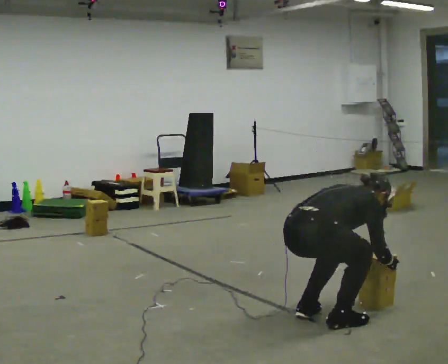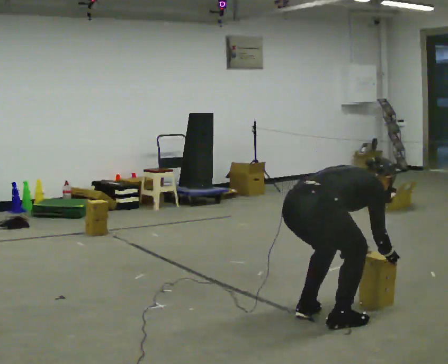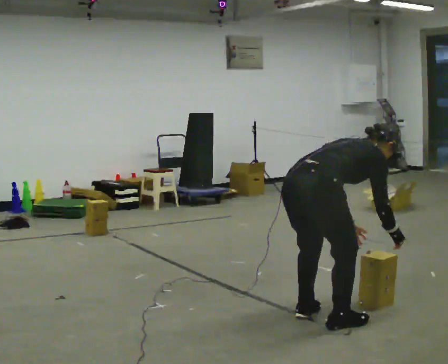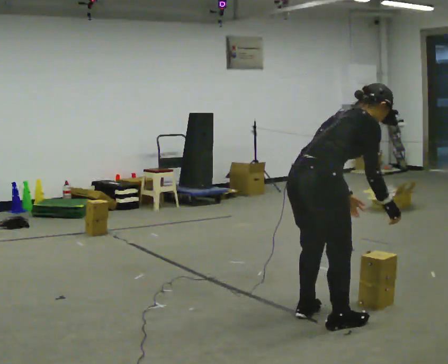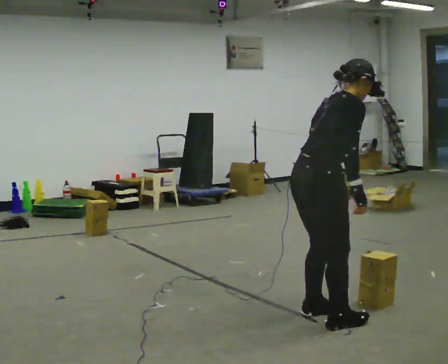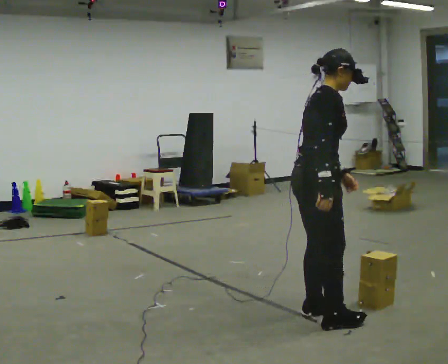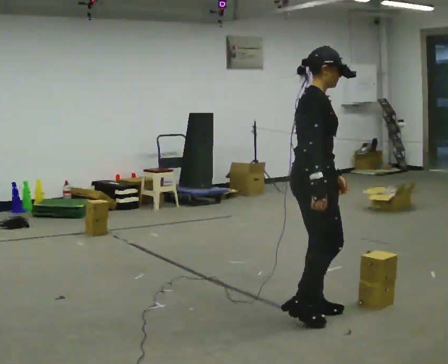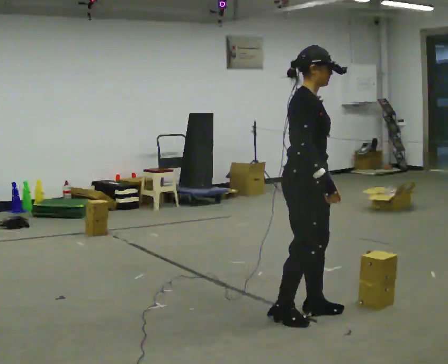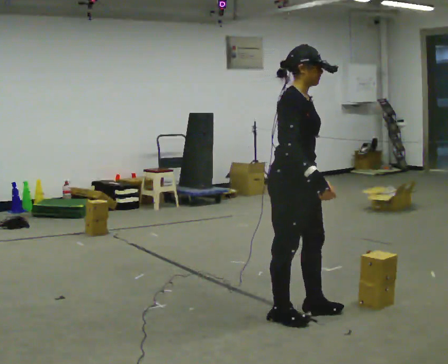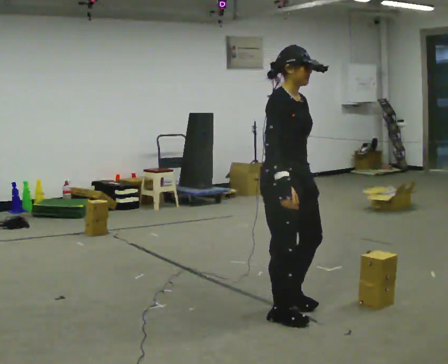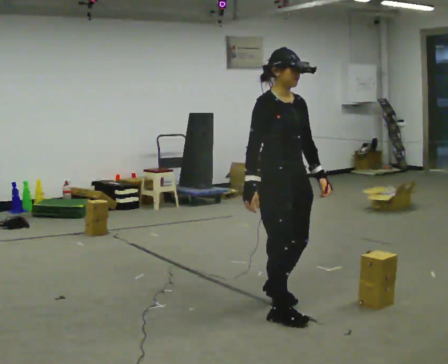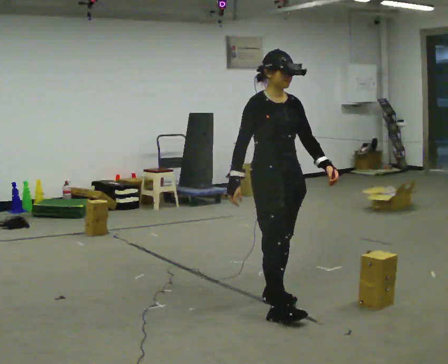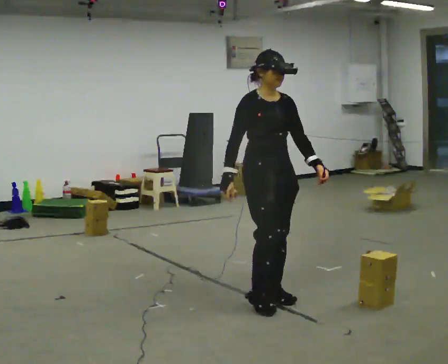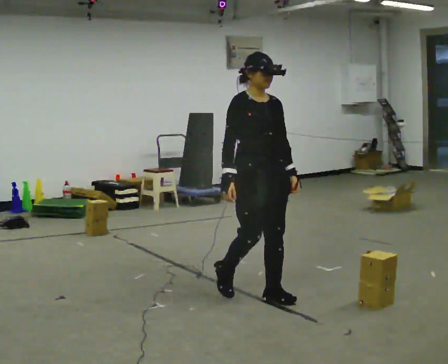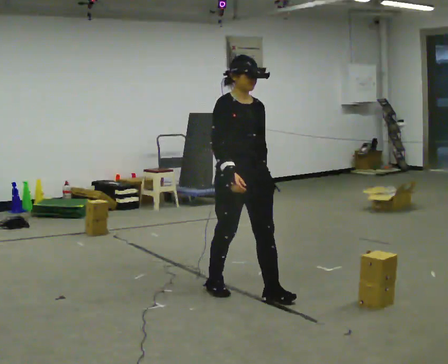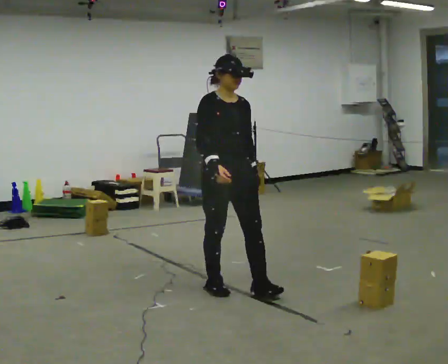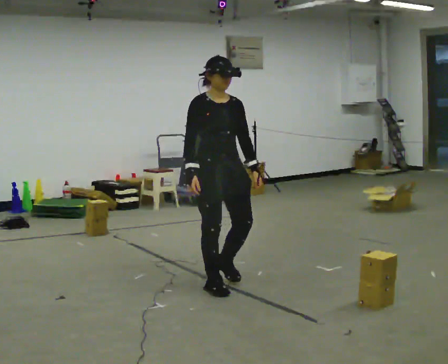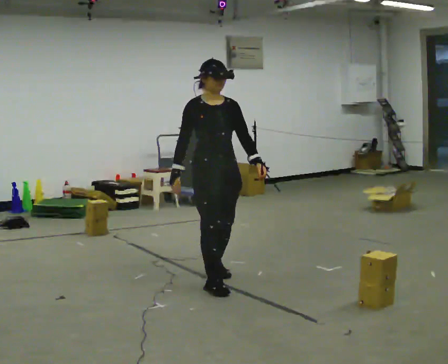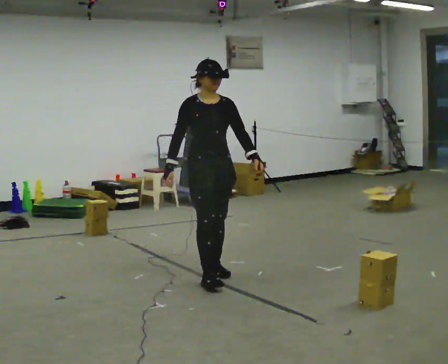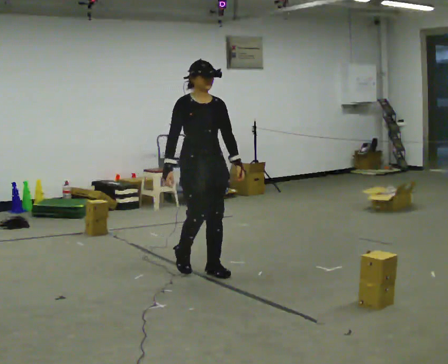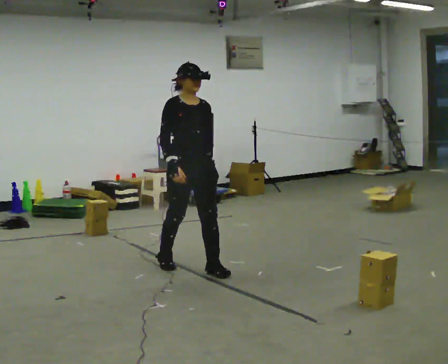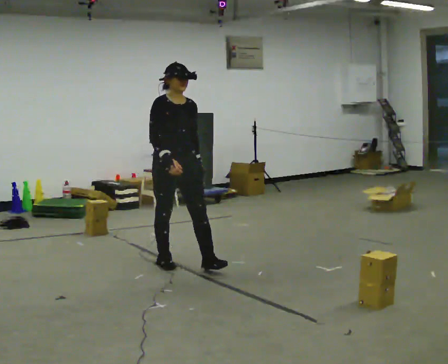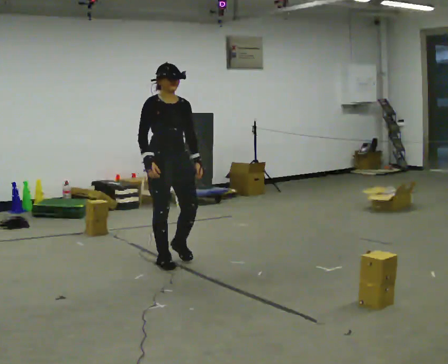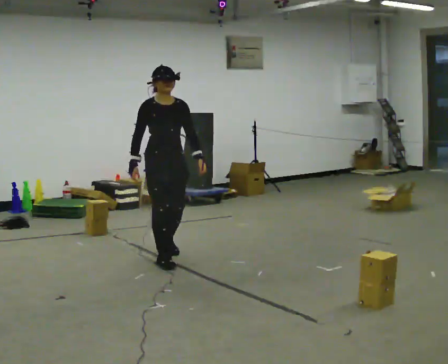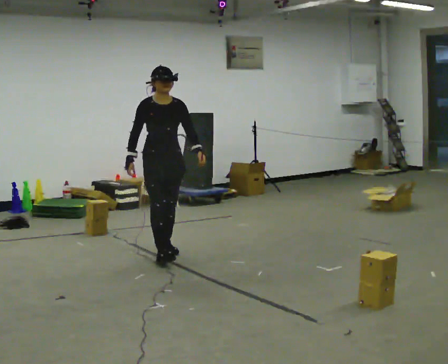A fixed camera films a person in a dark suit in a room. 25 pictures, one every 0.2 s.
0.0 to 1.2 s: The part of the body nearest the lens slides to the left as the person turns to their right by about 45 degrees. In the picture they go away from the camera, about 0.25 m in 1 step, which for them is to their left. The shoulders move upward. In the picture the upper body tilts counterclockwise, shoulders to the left, as they lean back or straighten. In the picture their right hand goes upward and to the left.
1.2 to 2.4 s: The person turns about 45 degrees to their right, clockwise seen from above, so the part of the body nearest the lens slides to the left. In the picture they go away from the camera and to the left, about 0.5 m in 2 steps, which for them is backward.
2.4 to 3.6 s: In the picture they go away from the camera and to the left, about 0.5 m in 2 steps, which for them is backward.
3.6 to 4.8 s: In the picture they go away from the camera and to the left, about 1 m in 2 steps, which for them is backward.
The film runs backward here.
